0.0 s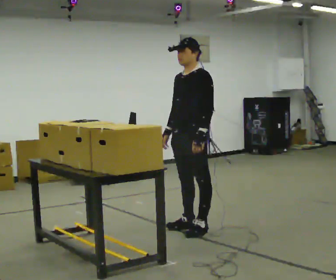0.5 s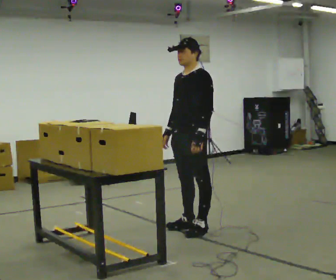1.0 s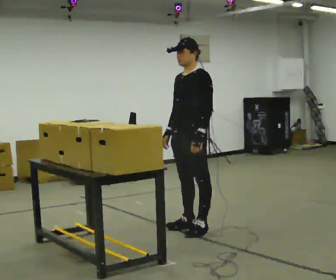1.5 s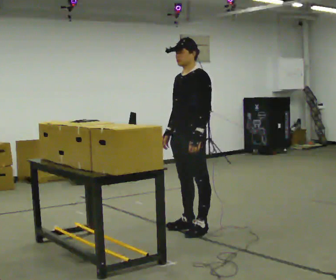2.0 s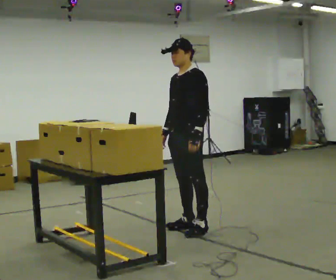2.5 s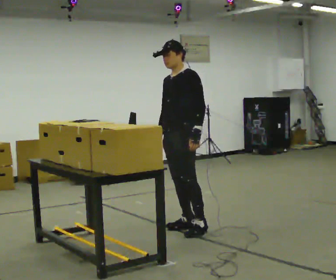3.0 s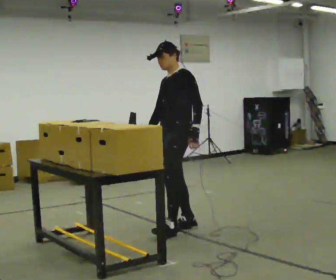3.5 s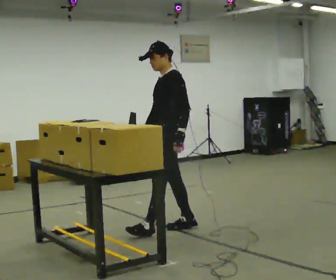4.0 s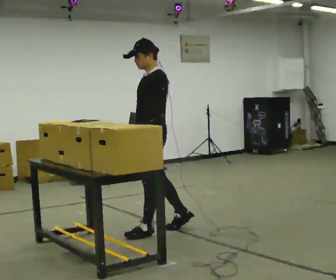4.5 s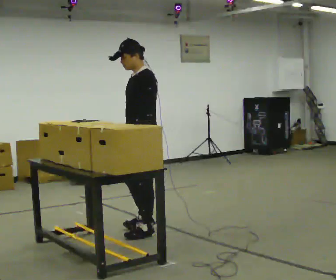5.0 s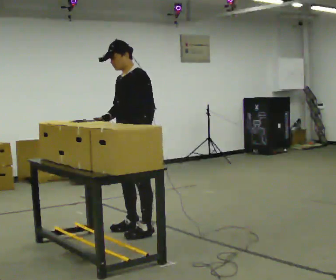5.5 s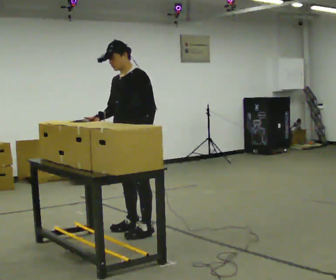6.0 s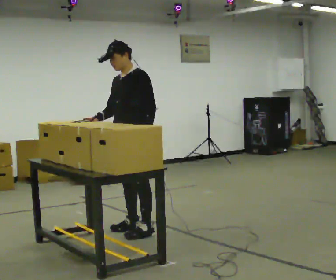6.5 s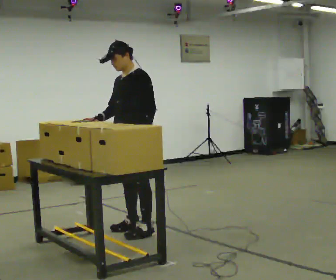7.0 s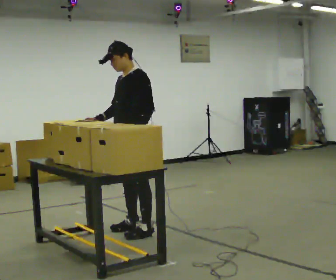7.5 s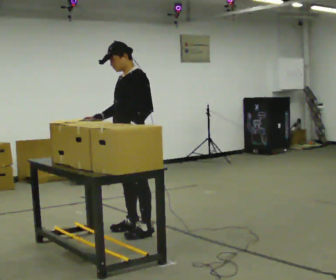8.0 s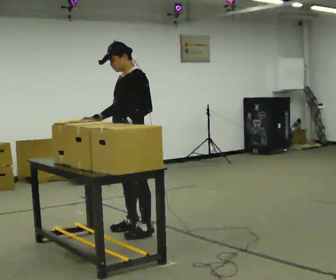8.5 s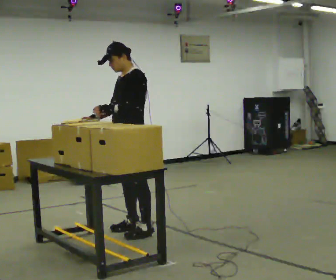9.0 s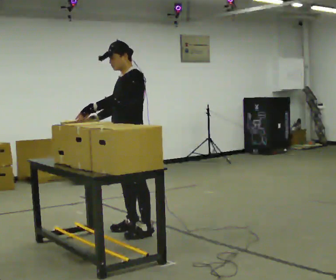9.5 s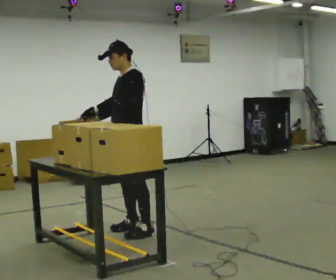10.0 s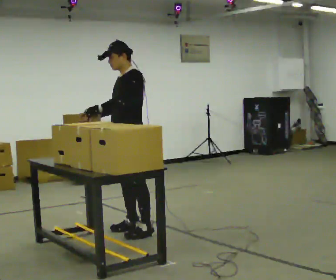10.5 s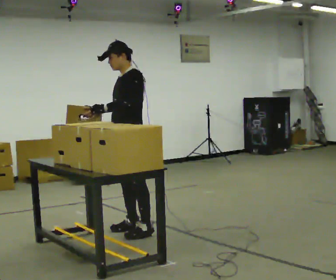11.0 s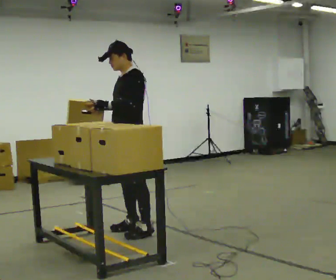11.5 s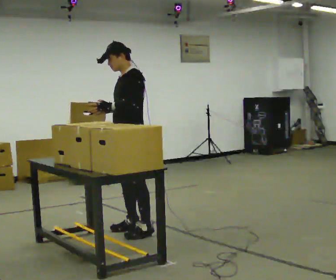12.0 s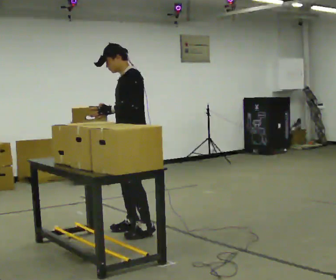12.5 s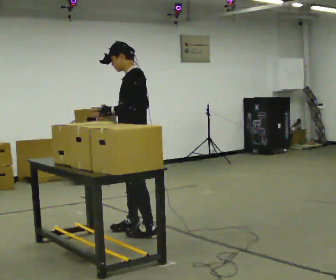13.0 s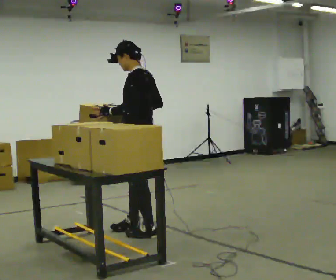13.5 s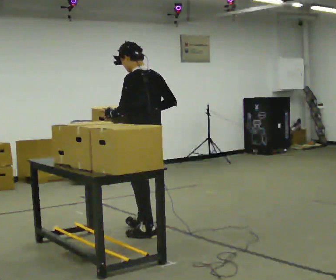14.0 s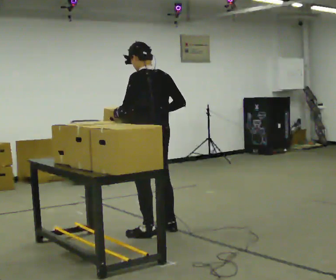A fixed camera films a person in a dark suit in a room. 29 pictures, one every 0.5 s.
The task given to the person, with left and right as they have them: Pick the fragile object up and set it back down as gently as you can. Repeat at your own pace until the operator says stop. Keep both feet on the marked spots for the whole take. If you have to step, stop and tell the operator.
0.0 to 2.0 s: The person moves a little, or ends about where they began.
2.0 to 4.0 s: In the picture they go to the left, about 0.25 m in 1 step, which for them is forward.
4.0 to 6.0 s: The person turns about 30 degrees to their left, counterclockwise seen from above, so the part of the body nearest the lens slides to the right. In the picture they go to the left, about 0.25 m in 1 step, which for them is forward. In the picture their right hand goes to the left.
6.0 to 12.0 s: In the picture their left hand goes to the left.
12.0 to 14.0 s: Seen from above the body turns clockwise, about 60 degrees: to their right, with its near side sliding to the left. In the picture they go toward the camera, about 0.25 m in 1 step. In the picture their right hand goes to the right.
The film runs forward here.
